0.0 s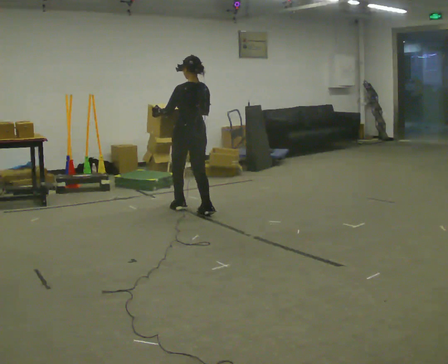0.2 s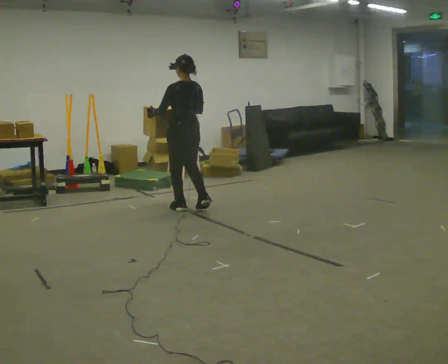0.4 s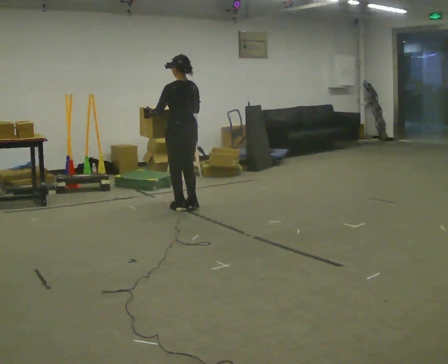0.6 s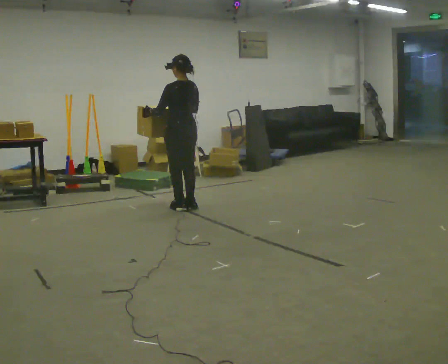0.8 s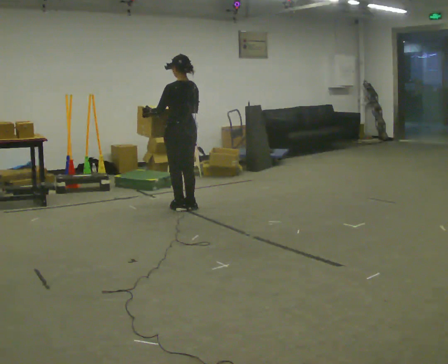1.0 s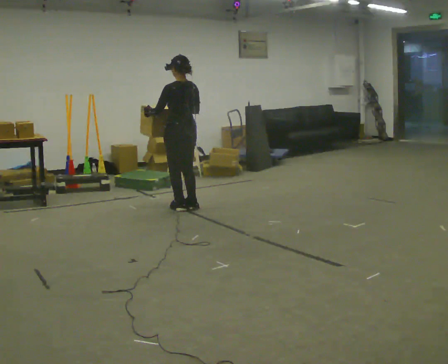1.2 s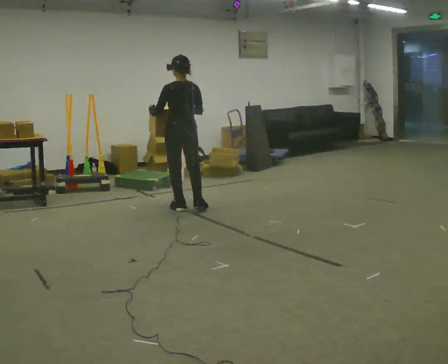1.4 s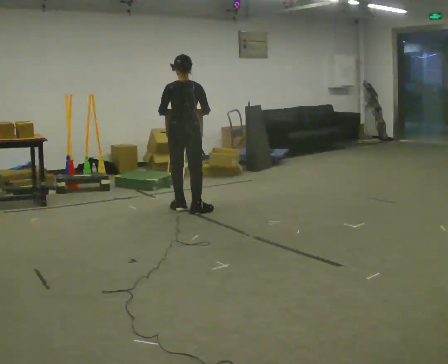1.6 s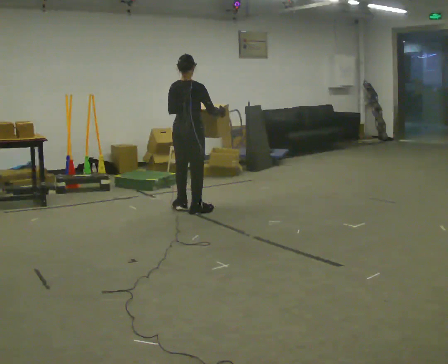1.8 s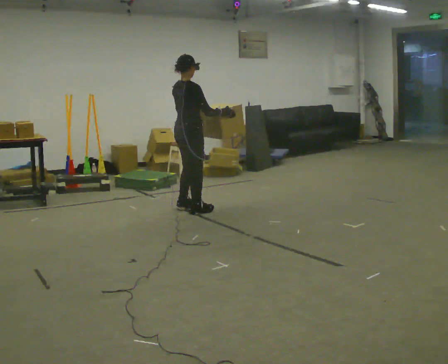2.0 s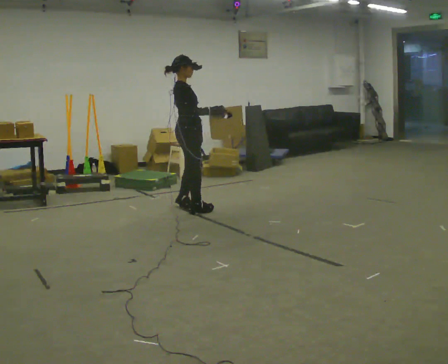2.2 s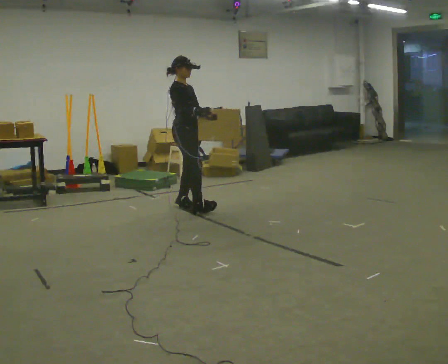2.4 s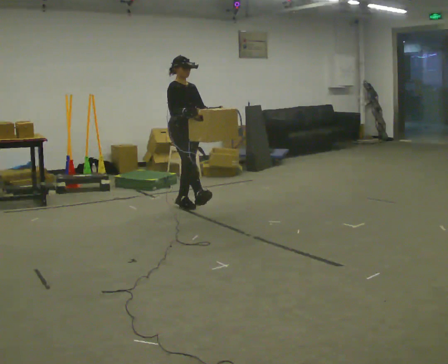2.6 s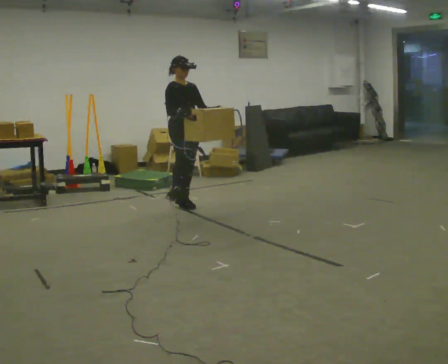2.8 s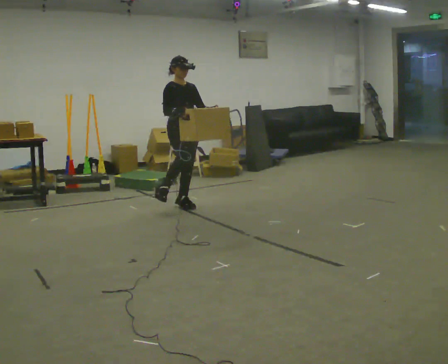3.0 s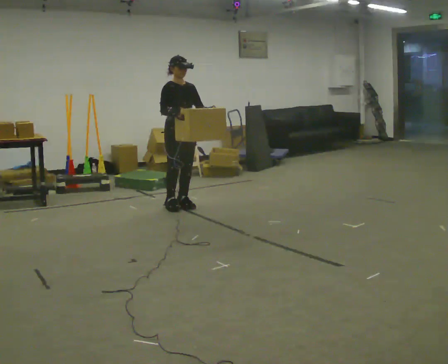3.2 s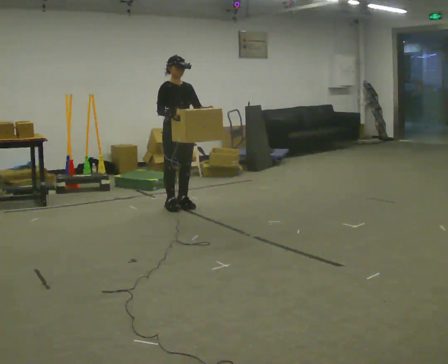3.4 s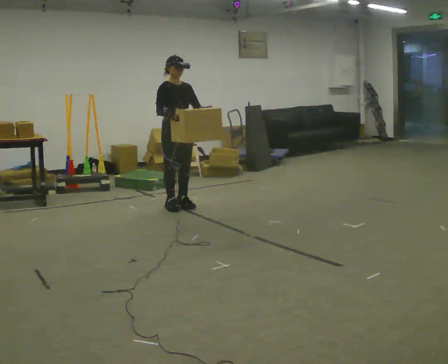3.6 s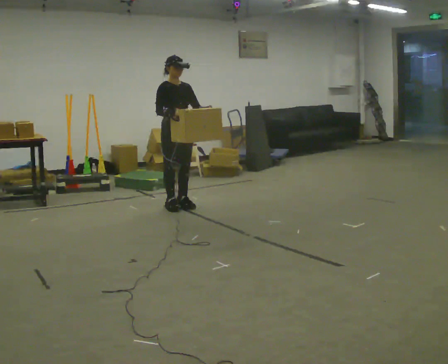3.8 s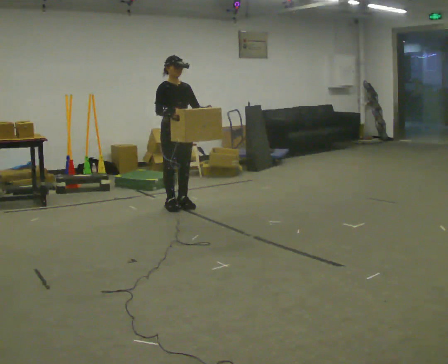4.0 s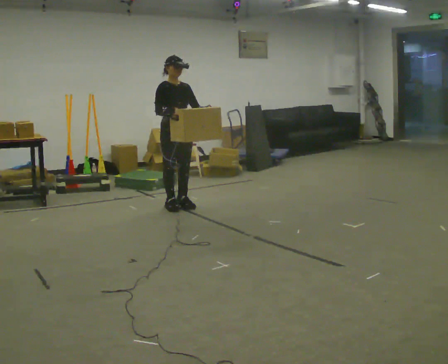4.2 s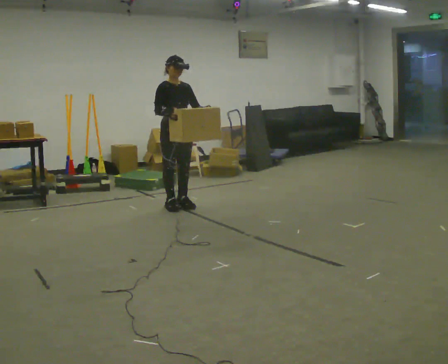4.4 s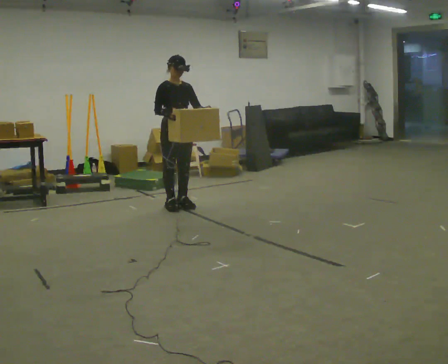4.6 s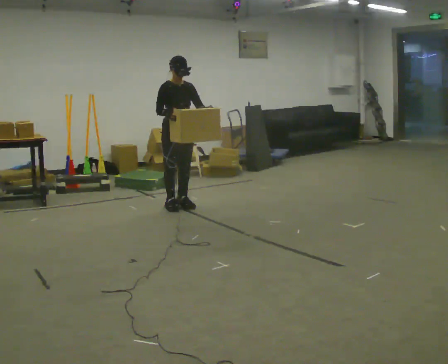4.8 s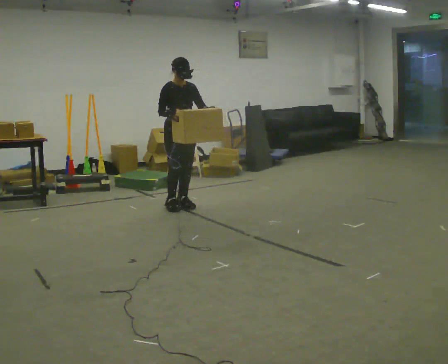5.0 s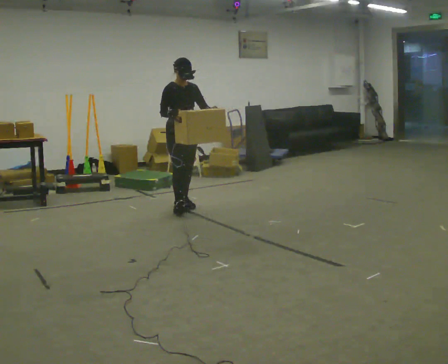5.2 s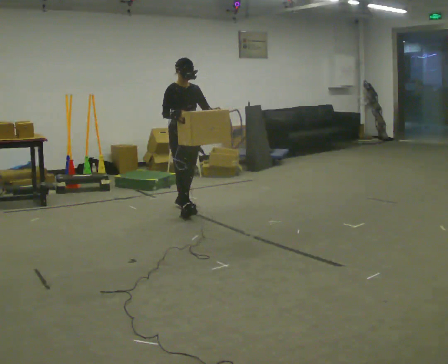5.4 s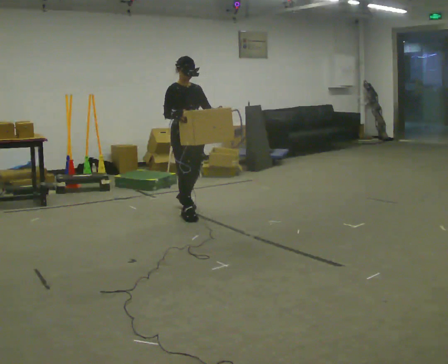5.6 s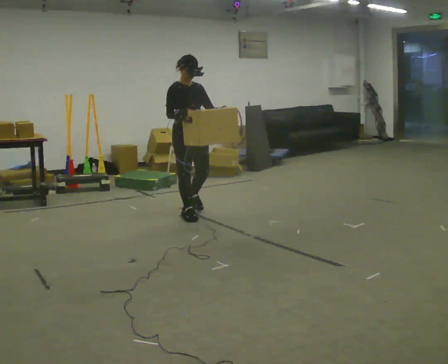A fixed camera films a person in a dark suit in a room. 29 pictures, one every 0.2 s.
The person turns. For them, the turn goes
to their right.
The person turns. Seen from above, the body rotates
clockwise.
0.0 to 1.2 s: The person moves a little, or ends about where they began.
1.2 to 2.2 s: The part of the body nearest the lens slides to the left as the person turns to their right by about 135 degrees.
2.2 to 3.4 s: The part of the body nearest the lens slides to the left as the person turns to their right by about 45 degrees. In the picture their right hand goes to the left.
3.4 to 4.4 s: The person moves a little, or ends about where they began.
4.4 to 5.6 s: In the picture they go toward the camera, about 0.25 m in 2 steps, which for them is forward.
The film runs backward here.
